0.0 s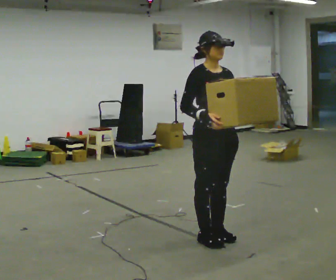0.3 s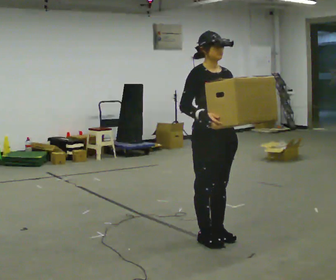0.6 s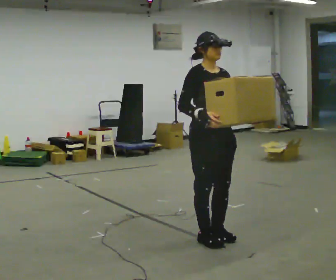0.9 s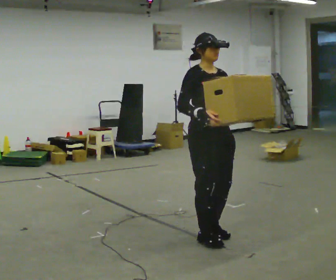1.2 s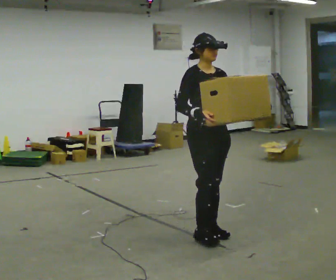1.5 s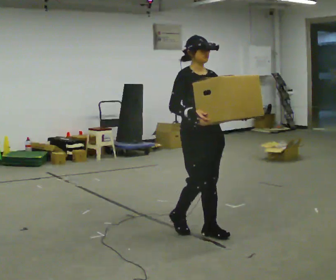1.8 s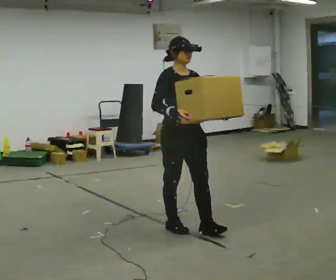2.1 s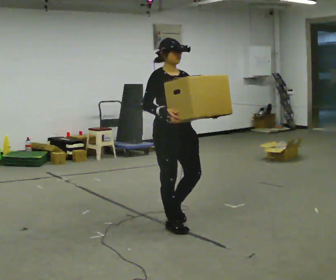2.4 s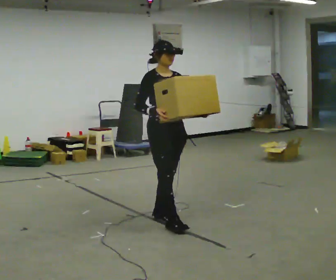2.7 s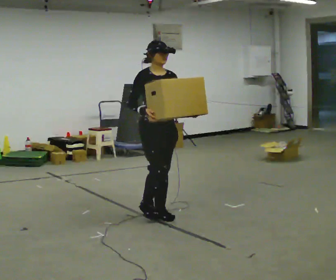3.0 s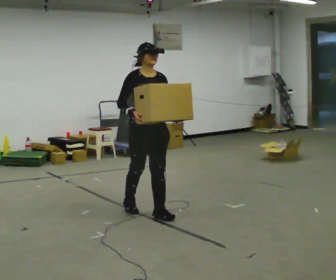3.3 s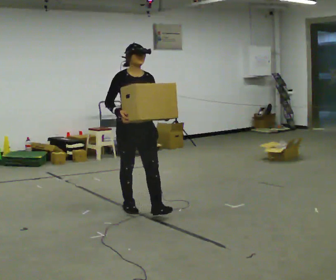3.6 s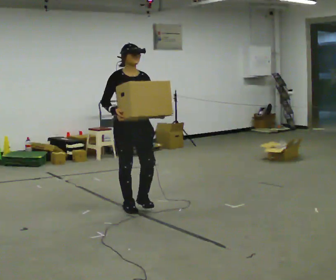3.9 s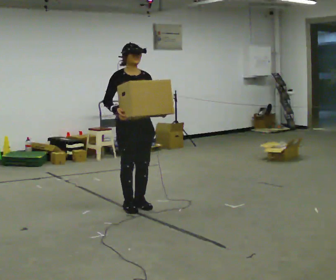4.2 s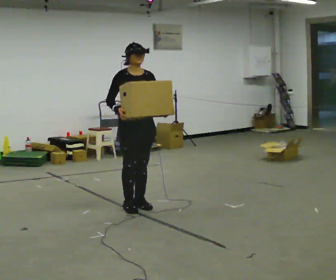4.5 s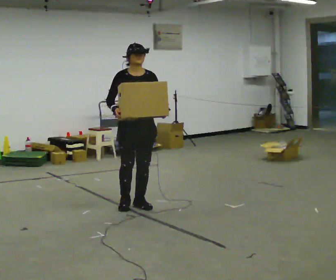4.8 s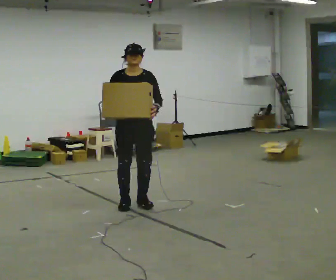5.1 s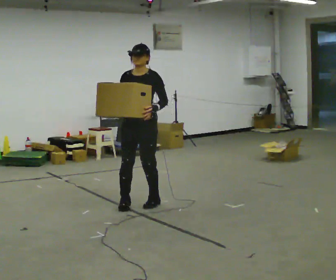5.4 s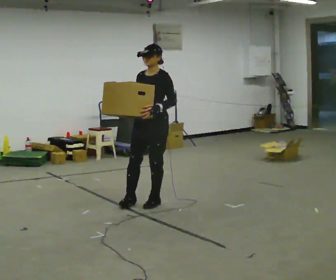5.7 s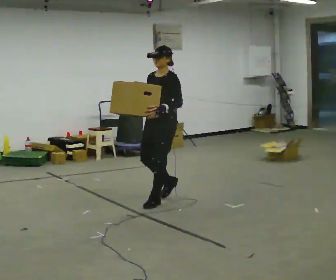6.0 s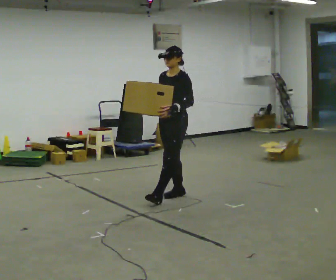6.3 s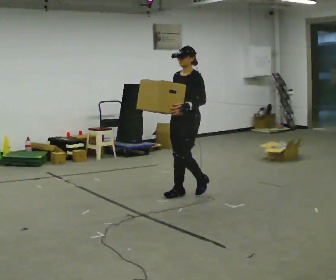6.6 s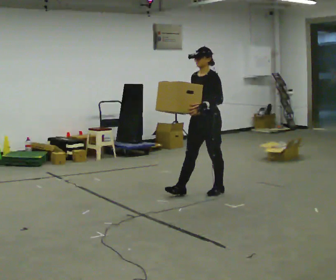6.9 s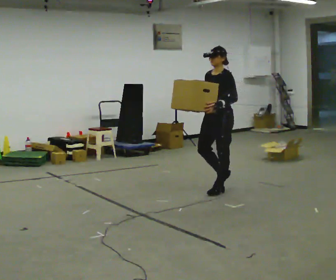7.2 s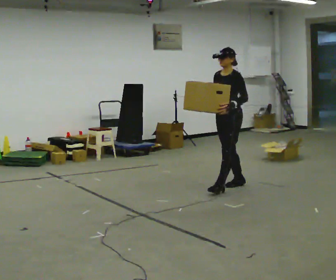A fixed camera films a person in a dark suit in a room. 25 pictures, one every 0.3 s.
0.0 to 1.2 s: The person moves a little, or ends about where they began.
1.2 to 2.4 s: In the picture they go away from the camera and to the left, about 0.5 m in 1 step, which for them is backward.
2.4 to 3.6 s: In the picture they go away from the camera and to the left, about 0.5 m in 2 steps, which for them is backward.
3.6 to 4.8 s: The part of the body nearest the lens slides to the left as the person turns to their right by about 30 degrees.
4.8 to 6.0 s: The part of the body nearest the lens slides to the left as the person turns to their right by about 60 degrees. In the picture they go to the right and away from the camera, about 0.5 m in 2 steps, which for them is backward.
6.0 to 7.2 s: In the picture they go to the right and away from the camera, about 0.5 m in 1 step, which for them is backward.
The film runs backward here.
